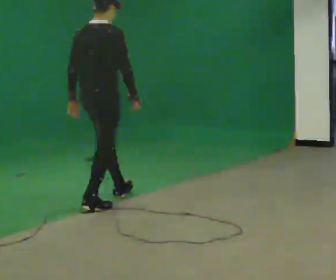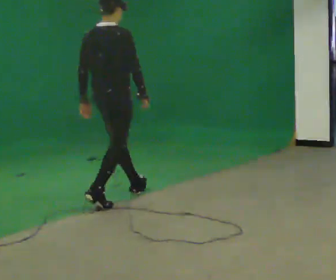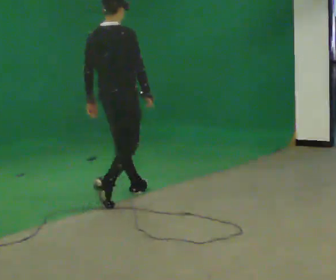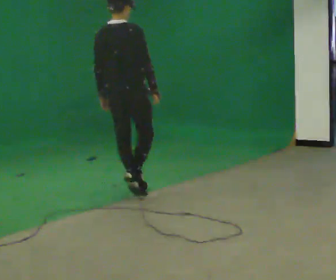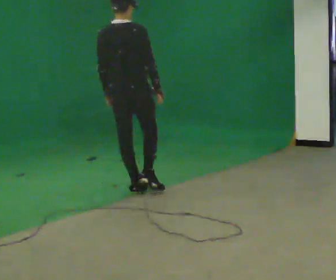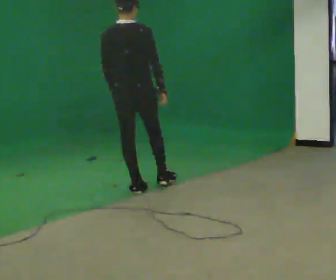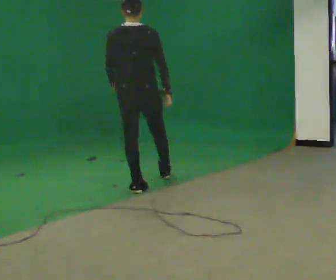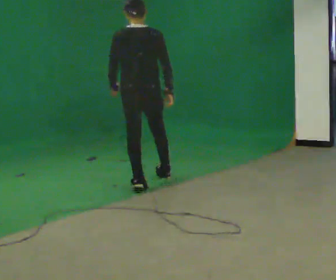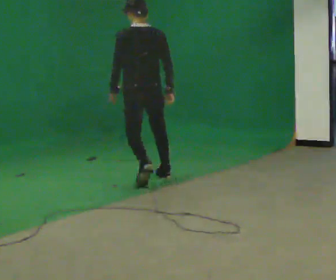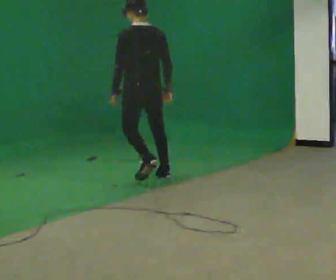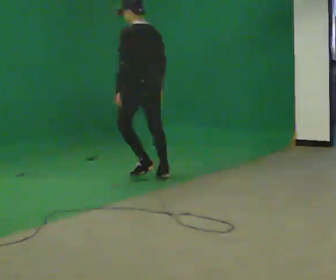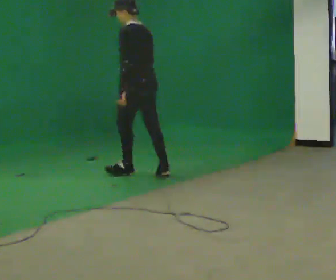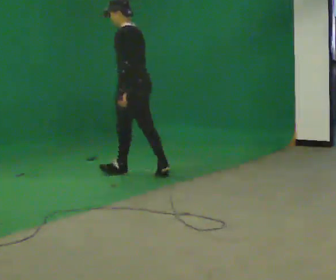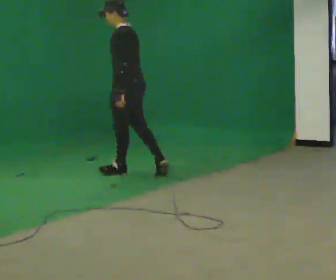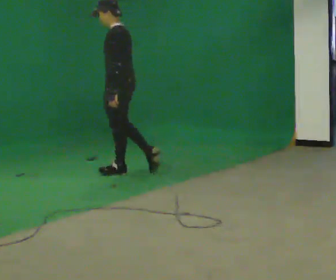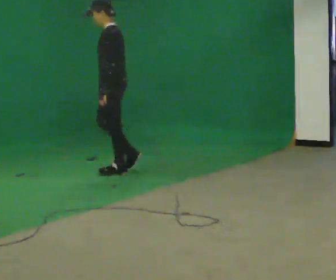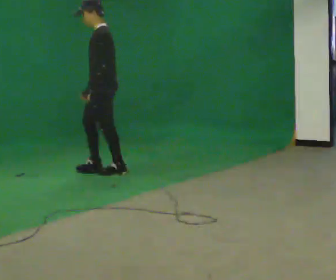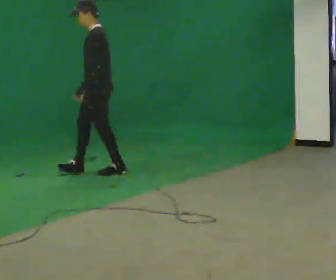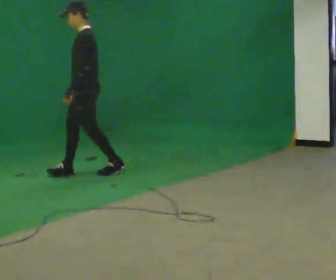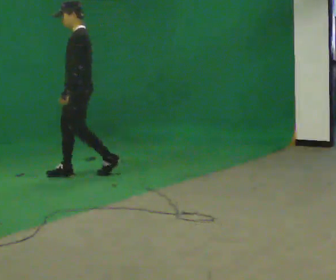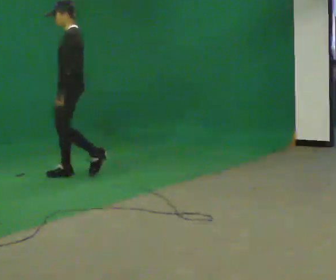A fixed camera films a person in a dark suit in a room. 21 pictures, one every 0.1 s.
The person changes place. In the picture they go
away from the camera.
The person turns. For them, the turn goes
to their left.
0.0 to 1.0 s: The person turns about 75 degrees to their left, counterclockwise seen from above, so the part of the body nearest the lens slides to the right. In the picture they go away from the camera, about 1 m in 2 steps.
1.0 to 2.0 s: The person turns about 45 degrees to their left, counterclockwise seen from above, so the part of the body nearest the lens slides to the right. In the picture they go to the left, about 1 m in 2 steps, which for them is forward and to their right.
The film runs forward here.
